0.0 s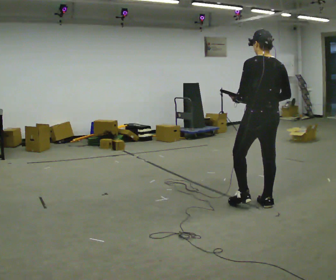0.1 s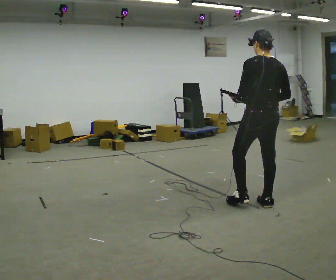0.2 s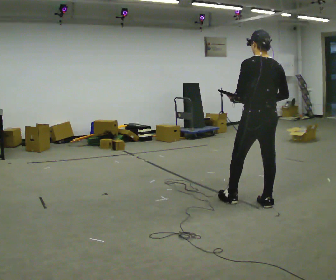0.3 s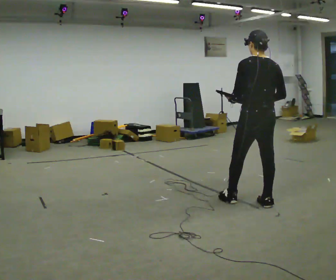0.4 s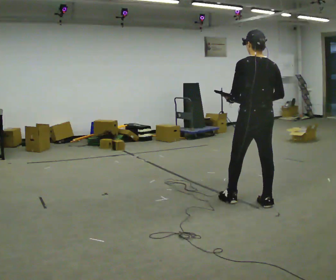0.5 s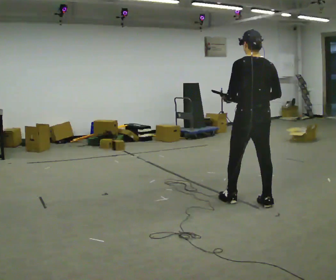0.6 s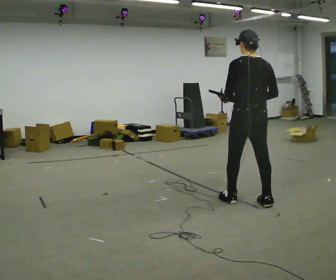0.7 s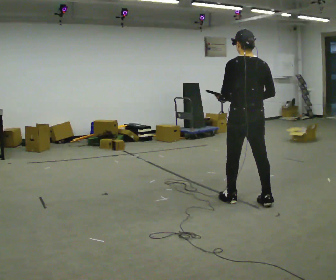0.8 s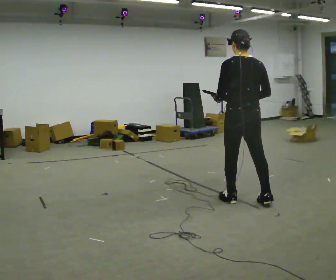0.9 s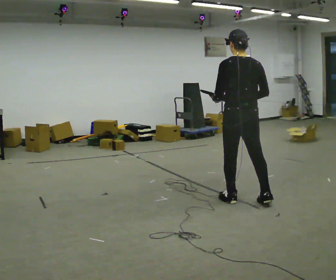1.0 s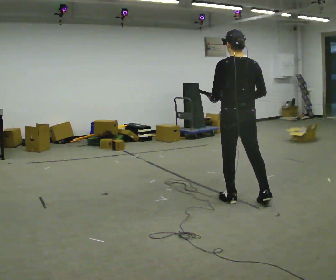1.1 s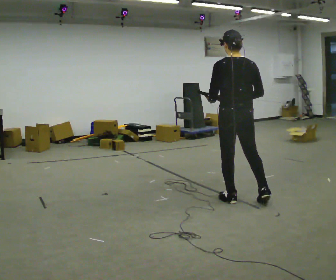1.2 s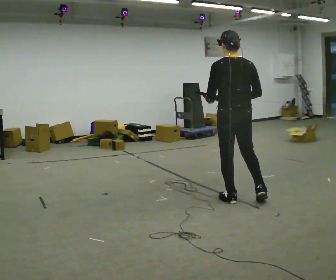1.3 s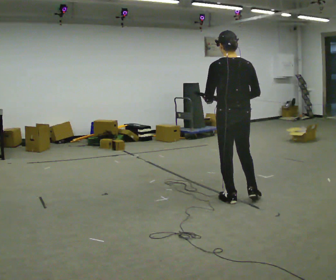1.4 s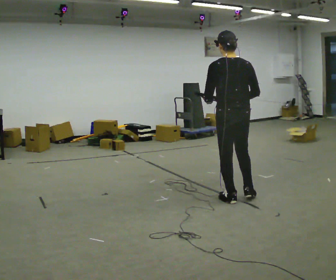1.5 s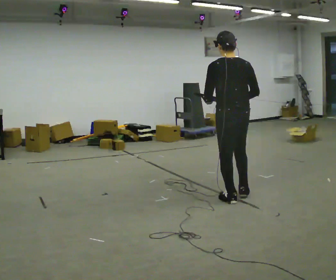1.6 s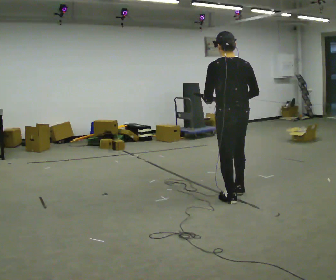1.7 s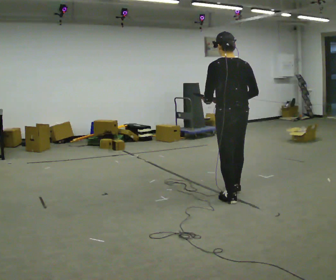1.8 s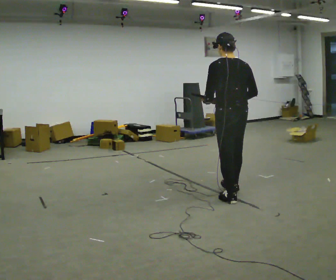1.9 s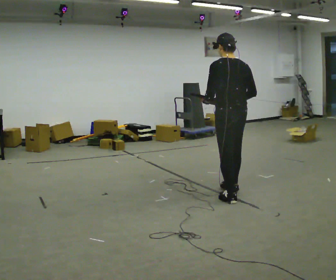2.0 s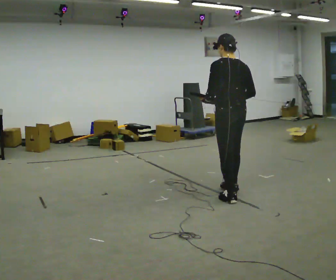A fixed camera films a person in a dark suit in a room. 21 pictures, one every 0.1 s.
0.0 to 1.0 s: In the picture they go to the left, about 0.25 m in 1 step, which for them is to their left and forward.
1.0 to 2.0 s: In the picture they go away from the camera, about 0.25 m in 1 step, which for them is forward.
The film runs forward here.
